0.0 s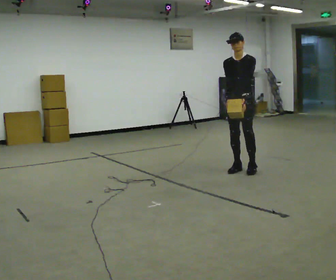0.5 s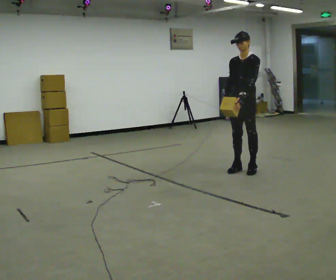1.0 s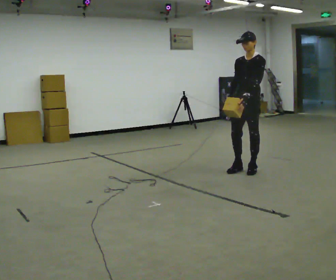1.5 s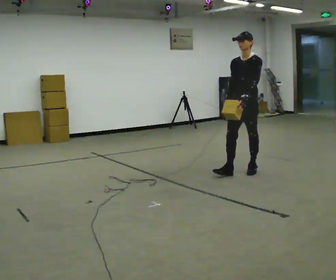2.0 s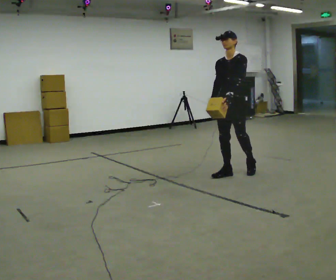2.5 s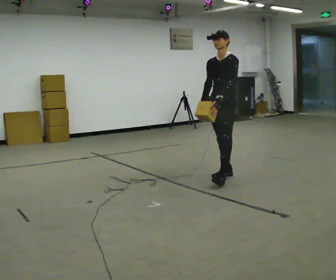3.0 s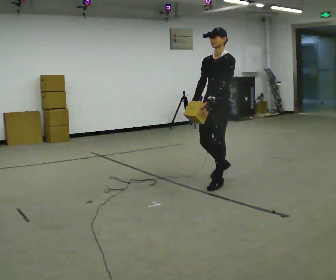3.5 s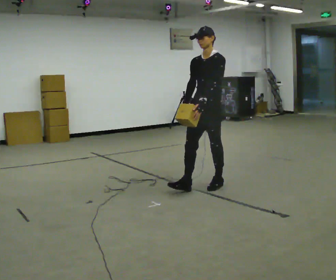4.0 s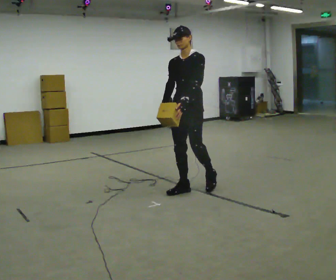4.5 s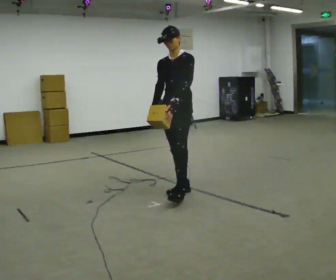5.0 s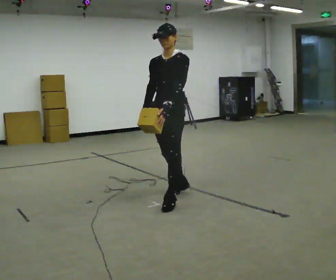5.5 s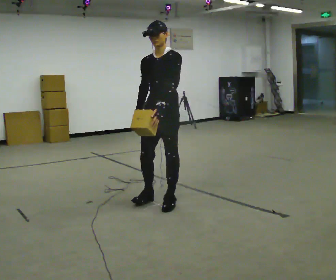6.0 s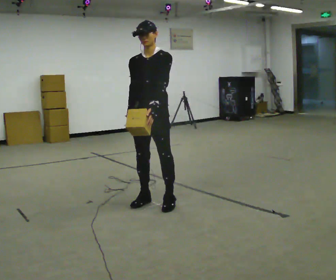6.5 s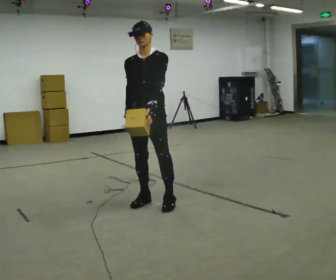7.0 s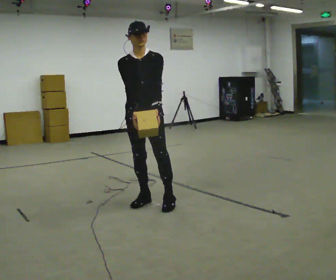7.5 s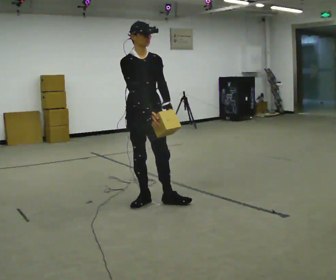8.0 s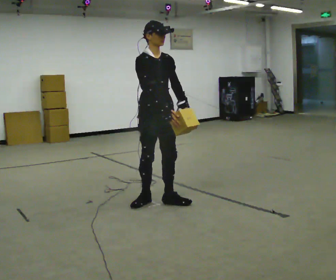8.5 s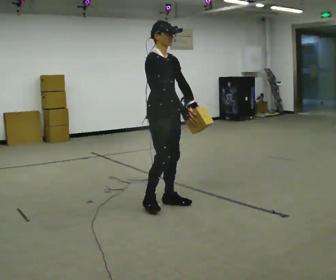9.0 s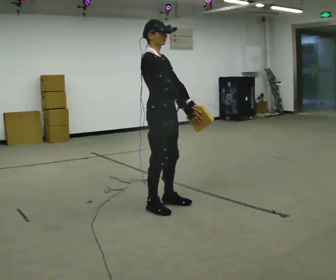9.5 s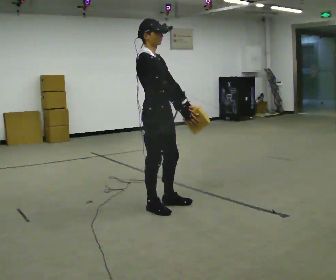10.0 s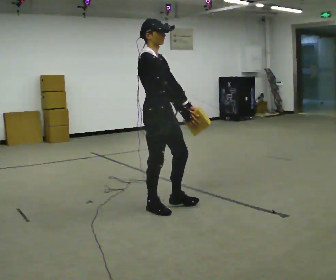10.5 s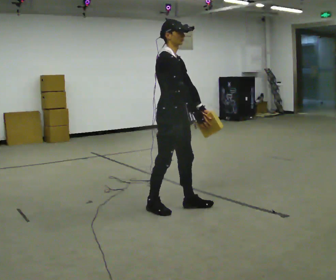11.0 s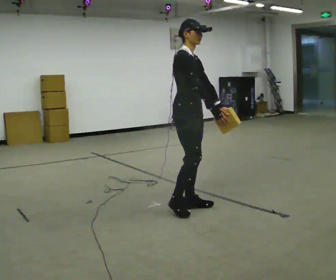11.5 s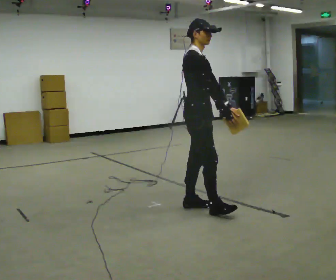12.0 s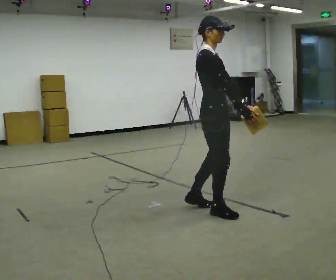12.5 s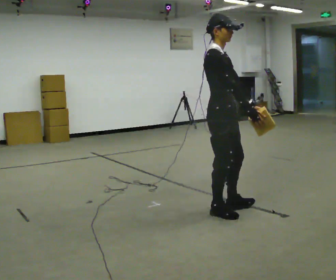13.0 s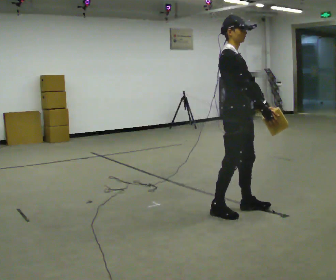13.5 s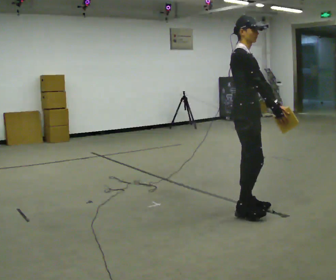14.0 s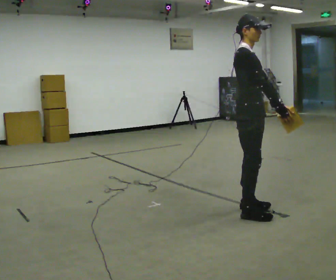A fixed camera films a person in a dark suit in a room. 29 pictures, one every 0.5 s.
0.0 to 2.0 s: In the picture they go toward the camera and to the left, about 0.25 m in 1 step, which for them is forward.
2.0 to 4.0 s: In the picture they go to the left and toward the camera, about 1 m in 2 steps, which for them is forward.
4.0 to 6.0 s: In the picture they go toward the camera and to the left, about 0.5 m in 2 steps, which for them is forward.
6.0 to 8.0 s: The person turns about 60 degrees to their left, counterclockwise seen from above, so the part of the body nearest the lens slides to the right.
8.0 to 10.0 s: The part of the body nearest the lens slides to the right as the person turns to their left by about 45 degrees. In the picture they go toward the camera, about 0.25 m in 1 step, which for them is to their right.
10.0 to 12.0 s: In the picture they go to the right, about 0.5 m in 2 steps, which for them is forward.
12.0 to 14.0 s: In the picture they go to the right, about 0.25 m in 2 steps, which for them is forward.
The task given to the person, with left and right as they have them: Carry the light box in both hands in front of you, walking back and forth across the room. Keep walking until the operator says stop.
The film runs forward here.
